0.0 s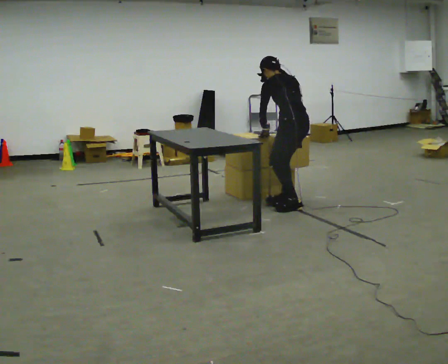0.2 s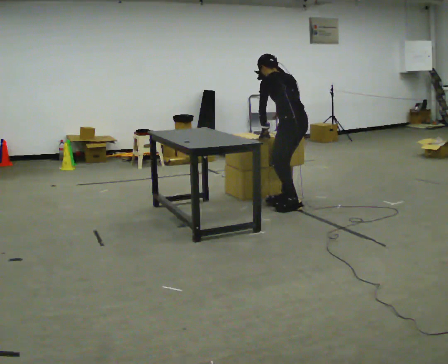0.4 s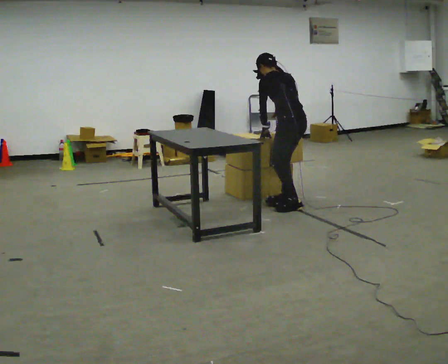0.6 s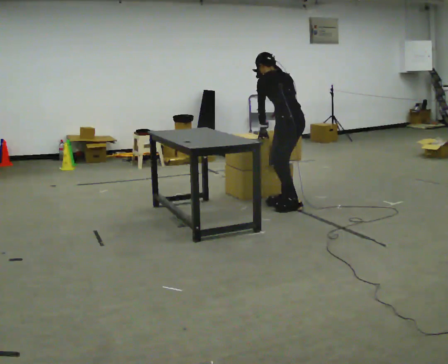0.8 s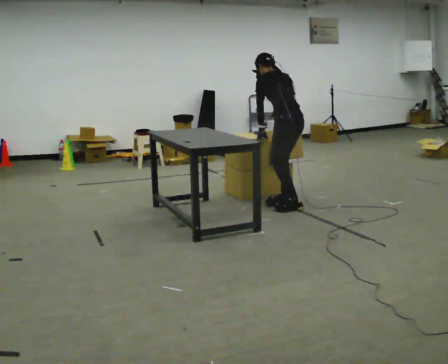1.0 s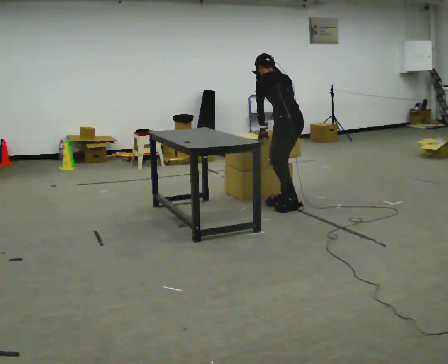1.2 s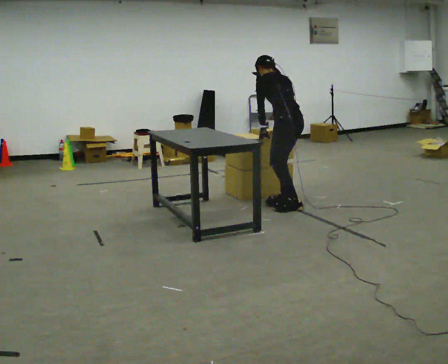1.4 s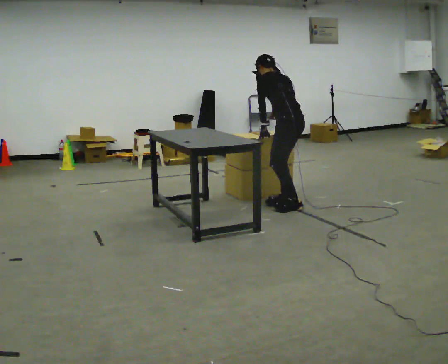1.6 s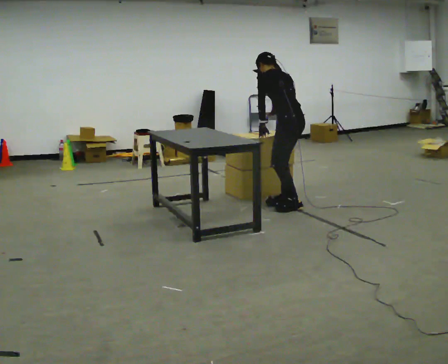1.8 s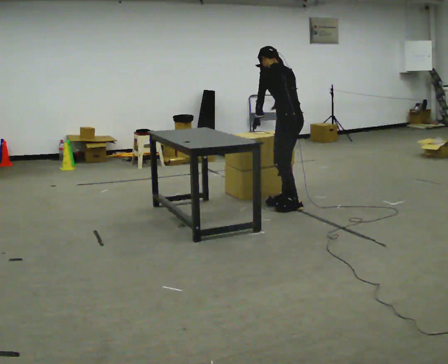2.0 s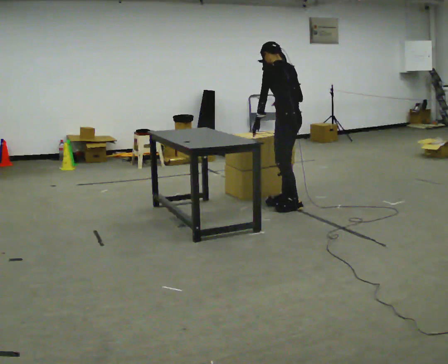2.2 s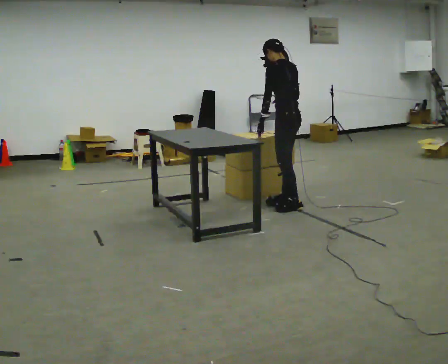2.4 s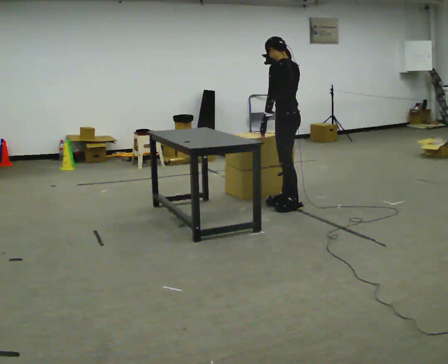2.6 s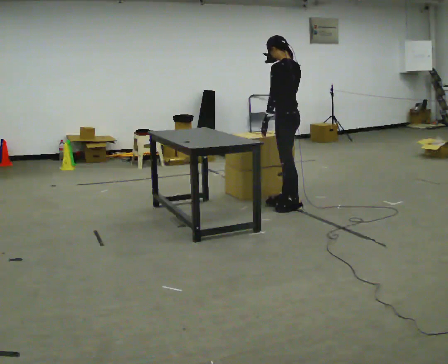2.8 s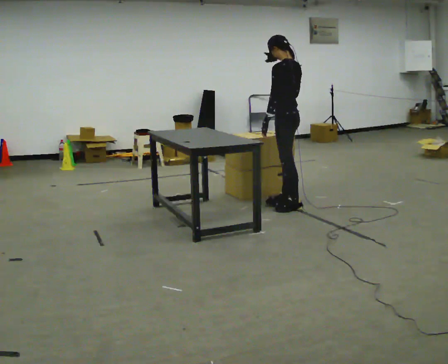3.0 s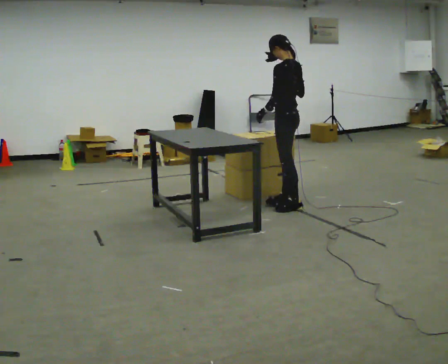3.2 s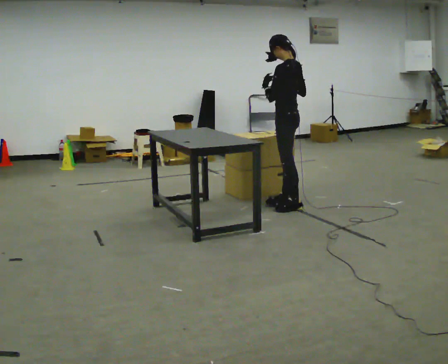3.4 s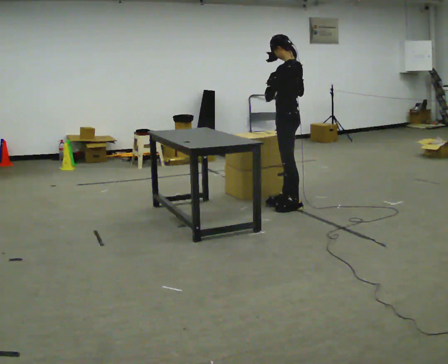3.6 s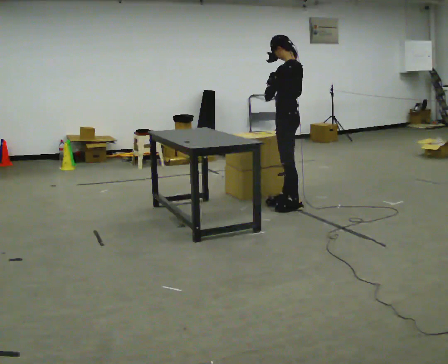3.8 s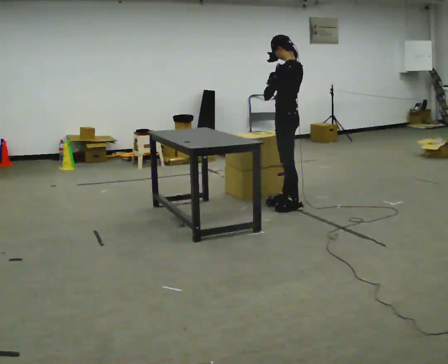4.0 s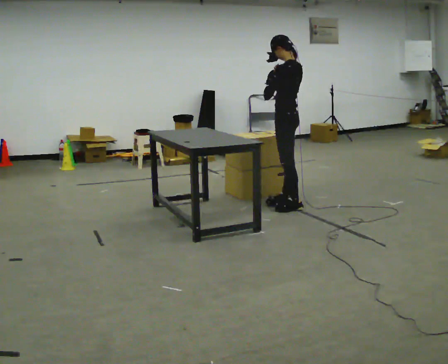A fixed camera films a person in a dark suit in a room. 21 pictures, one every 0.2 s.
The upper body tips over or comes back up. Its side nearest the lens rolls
downward.
Their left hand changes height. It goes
upward.
0.0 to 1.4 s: The person moves a little, or ends about where they began.
1.4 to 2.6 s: The upper body tips toward the camera, its near side rolling downward, as they lean back or straighten. In the picture their right hand goes upward.
2.6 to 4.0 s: In the picture their left hand goes upward.
The film runs forward here.
